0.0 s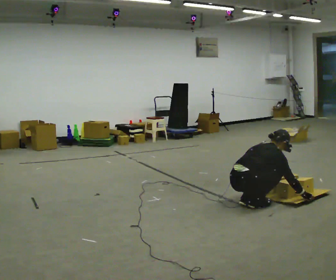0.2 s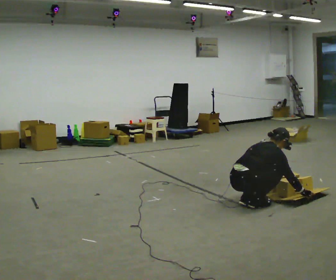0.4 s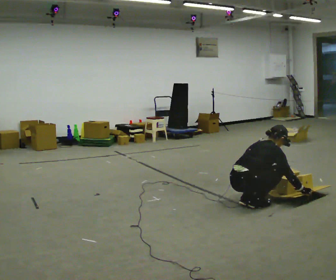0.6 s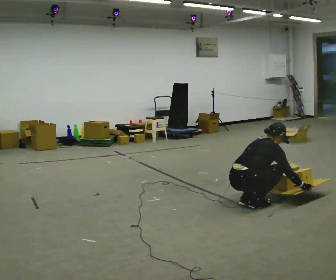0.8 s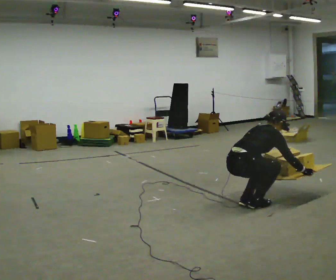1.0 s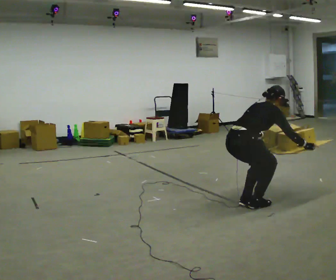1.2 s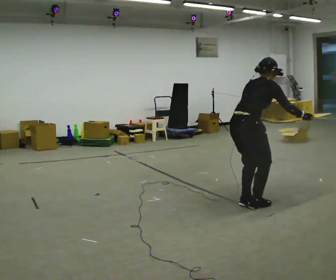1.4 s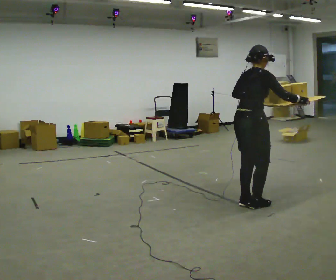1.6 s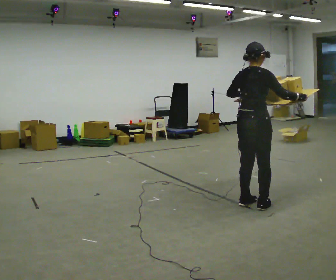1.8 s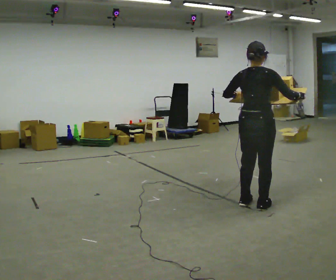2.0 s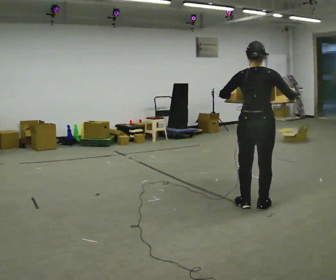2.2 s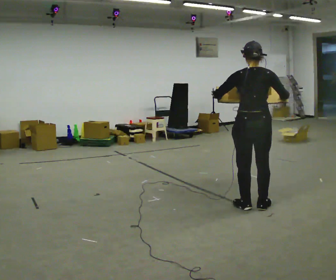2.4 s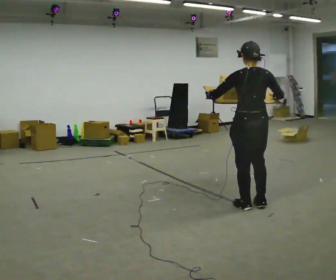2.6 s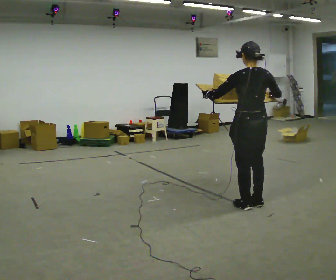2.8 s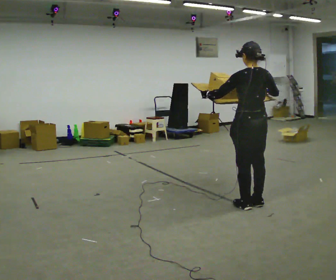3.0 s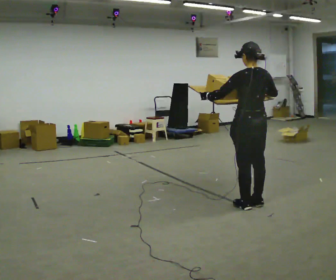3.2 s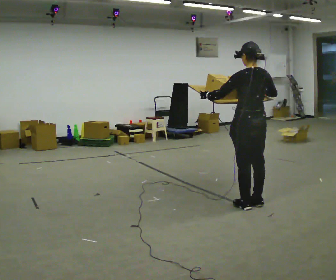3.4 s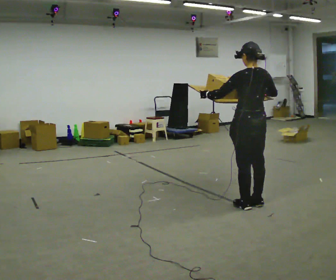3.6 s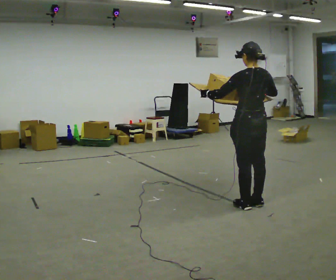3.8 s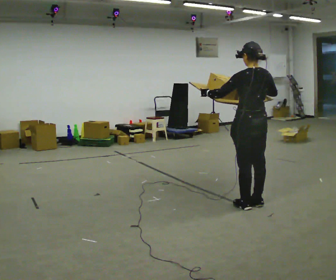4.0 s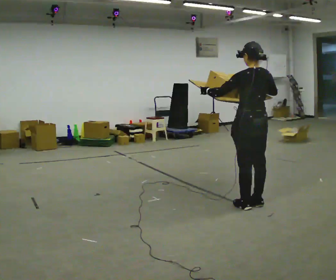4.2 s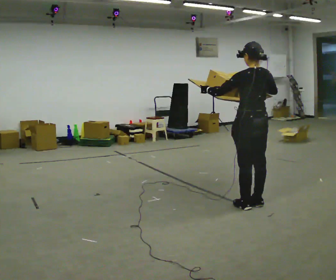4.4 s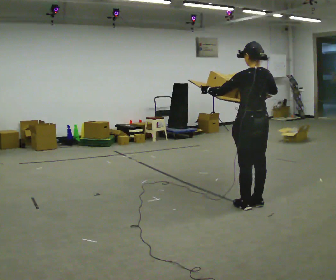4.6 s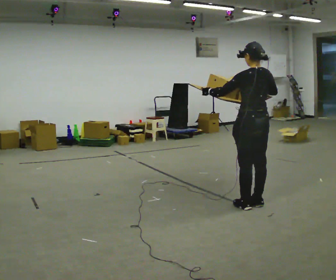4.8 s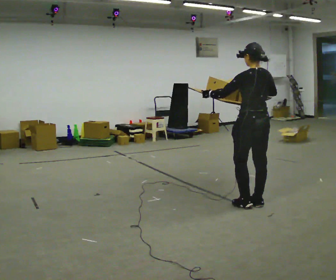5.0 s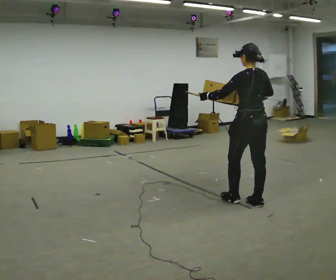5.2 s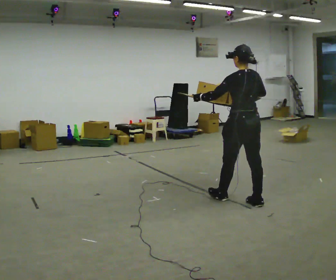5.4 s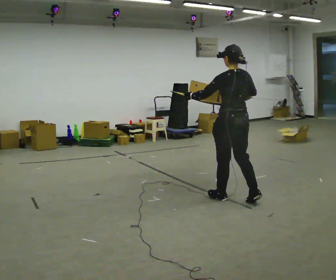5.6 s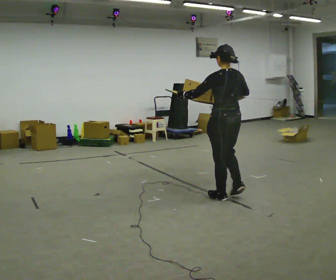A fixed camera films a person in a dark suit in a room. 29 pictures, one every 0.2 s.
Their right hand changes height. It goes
upward.
The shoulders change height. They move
upward.
0.0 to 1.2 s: The upper body goes upward. In the picture the upper body tilts counterclockwise, shoulders to the left, as they lean back or straighten. In the picture their left hand goes upward.
1.2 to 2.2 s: Seen from above the body turns counterclockwise, about 60 degrees: to their left, with its near side sliding to the right. The upper body tips toward the camera, its near side rolling downward, as they lean back or straighten.
2.2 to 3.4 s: Seen from above the body turns counterclockwise, about 30 degrees: to their left, with its near side sliding to the right.
3.4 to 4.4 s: The person moves a little, or ends about where they began.
4.4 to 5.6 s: In the picture they go to the left and away from the camera, about 0.25 m in 1 step, which for them is forward.
The film runs forward here.
